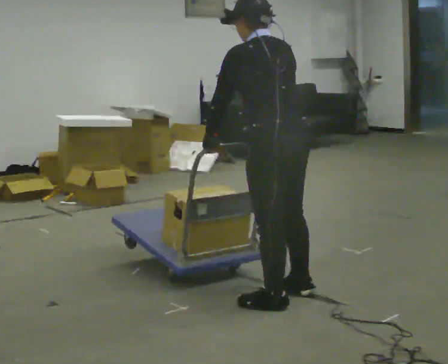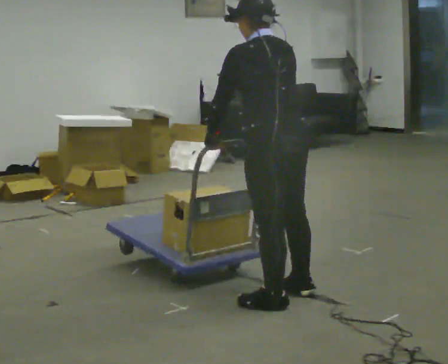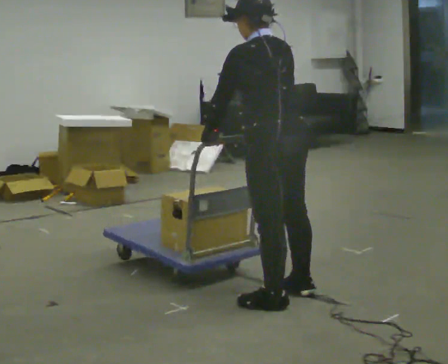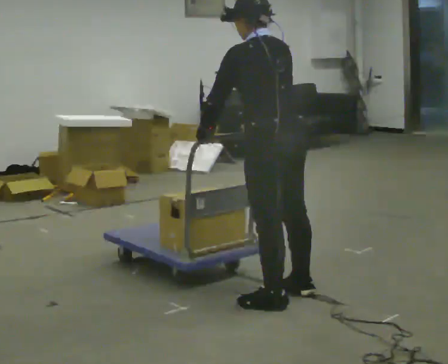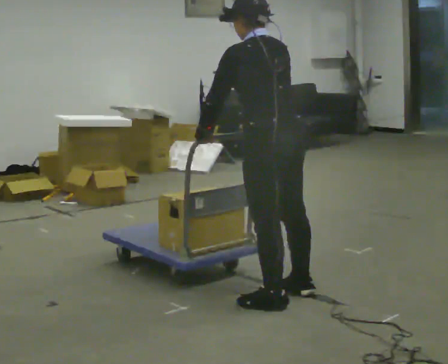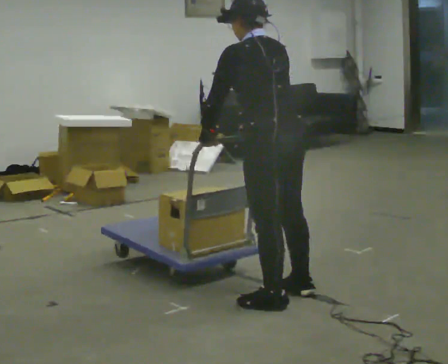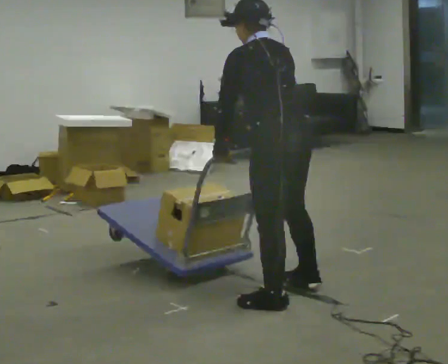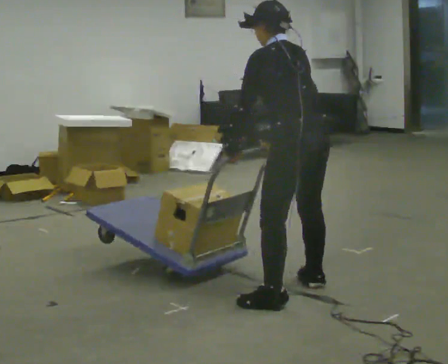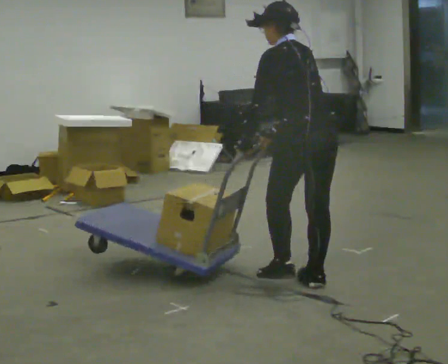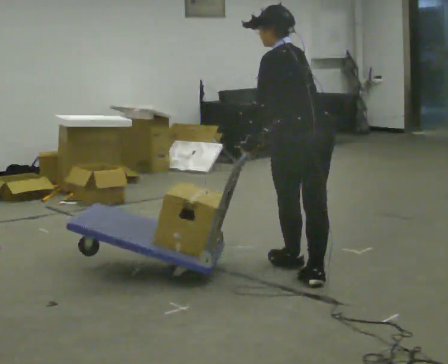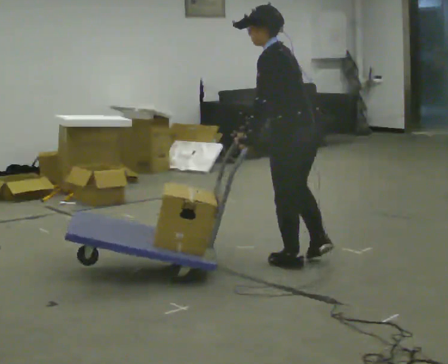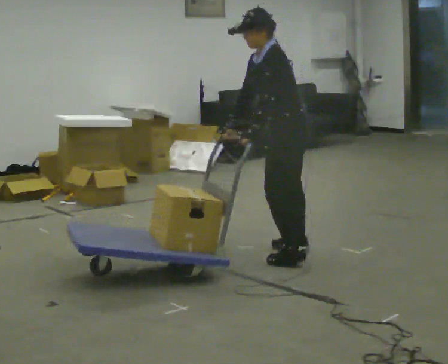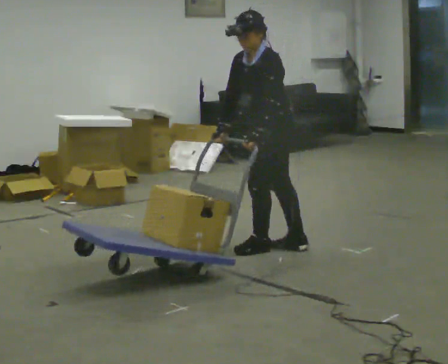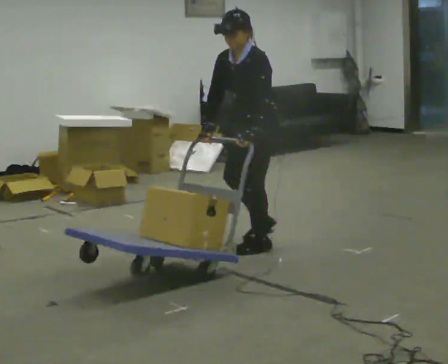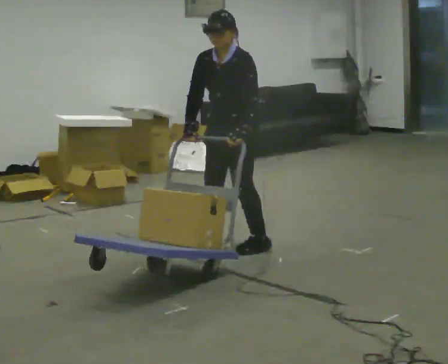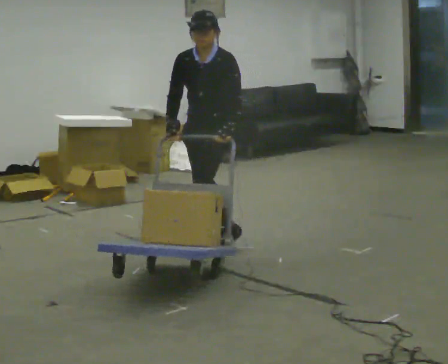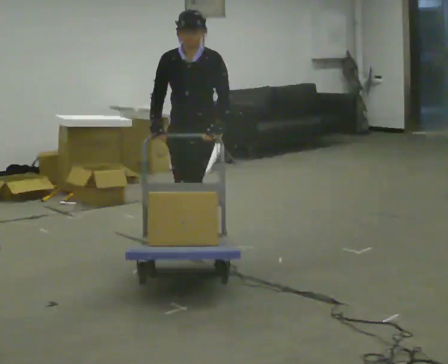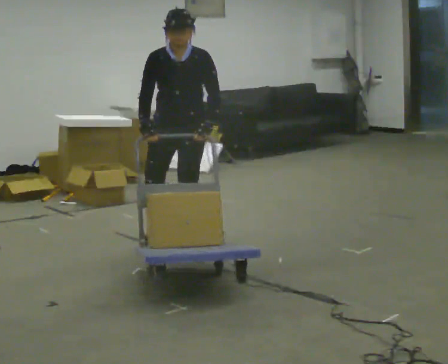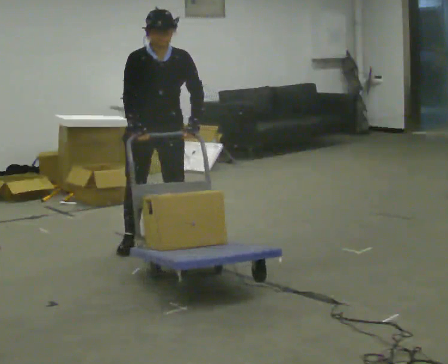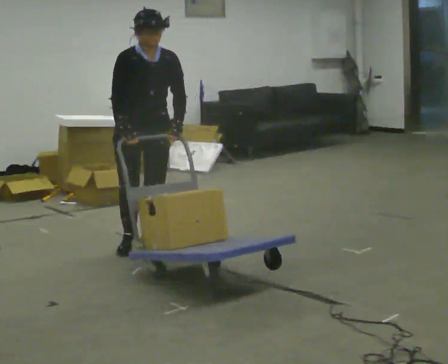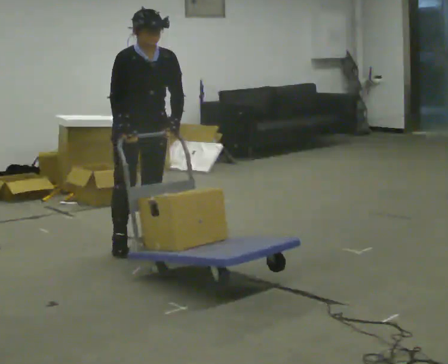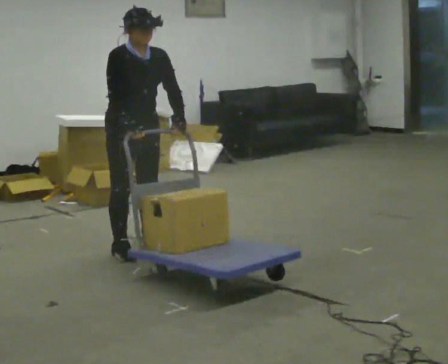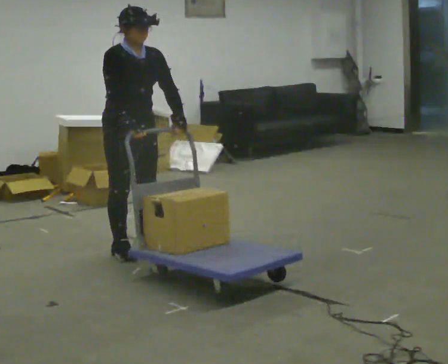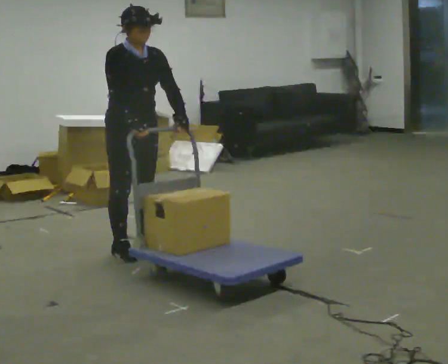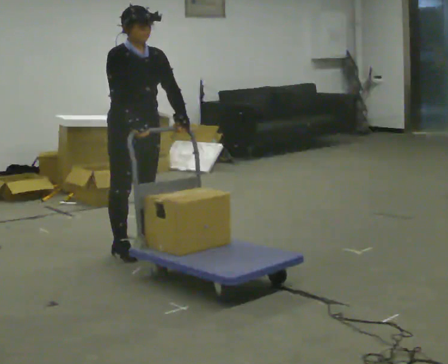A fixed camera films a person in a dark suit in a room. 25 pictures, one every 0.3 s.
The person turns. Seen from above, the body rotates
counterclockwise.
The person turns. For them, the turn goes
to their left.
0.0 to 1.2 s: The person moves a little, or ends about where they began.
1.2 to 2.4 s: In the picture they go away from the camera and to the right, about 0.25 m, which for them is to their right.
2.4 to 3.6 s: The person turns about 60 degrees to their left, counterclockwise seen from above, so the part of the body nearest the lens slides to the right. In the picture they go away from the camera, about 0.5 m in 2 steps. The upper body tips toward the camera, its near side rolling downward.
3.6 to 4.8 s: Seen from above the body turns counterclockwise, about 45 degrees: to their left, with its near side sliding to the right. In the picture they go to the left, about 0.5 m in 3 steps, which for them is to their right and forward. In the picture the upper body tilts clockwise, shoulders to the right.
4.8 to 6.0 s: The part of the body nearest the lens slides to the right as the person turns to their left by about 60 degrees. In the picture they go to the left and toward the camera, about 0.5 m in 2 steps, which for them is to their right and forward.
6.0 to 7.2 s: The person moves a little, or ends about where they began.
The film runs forward here.
